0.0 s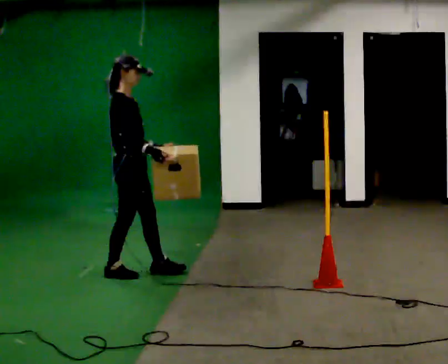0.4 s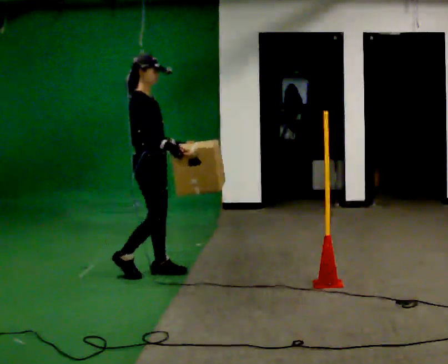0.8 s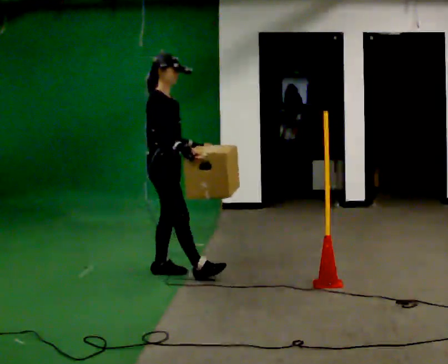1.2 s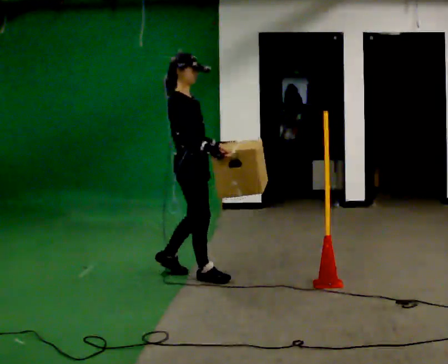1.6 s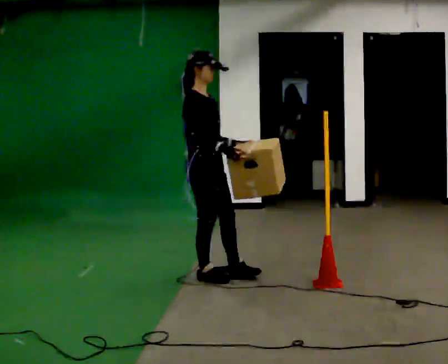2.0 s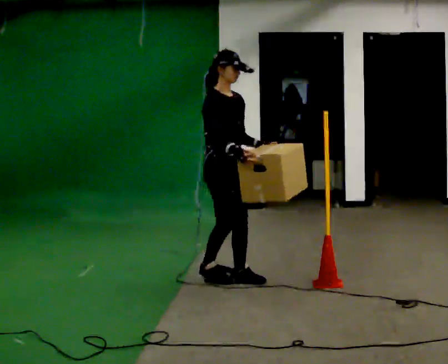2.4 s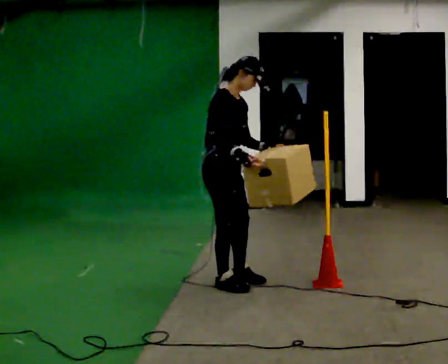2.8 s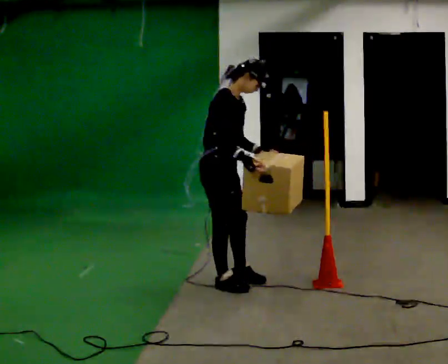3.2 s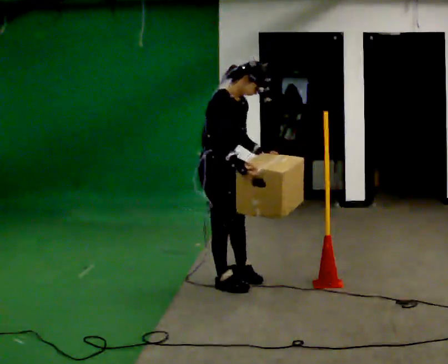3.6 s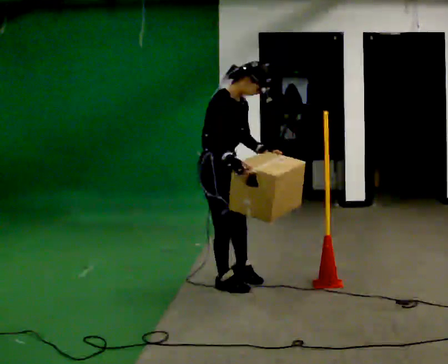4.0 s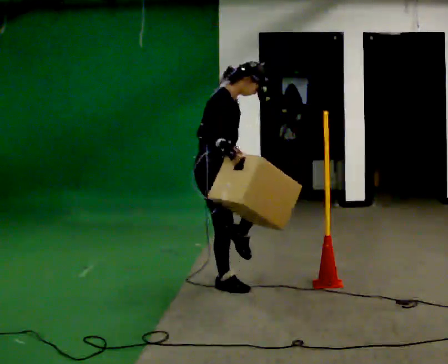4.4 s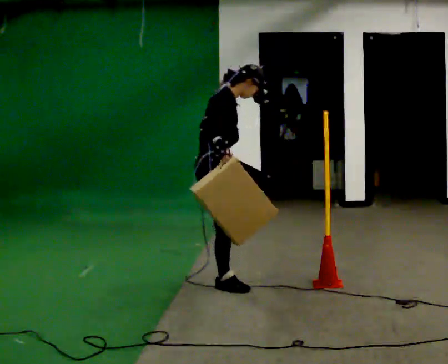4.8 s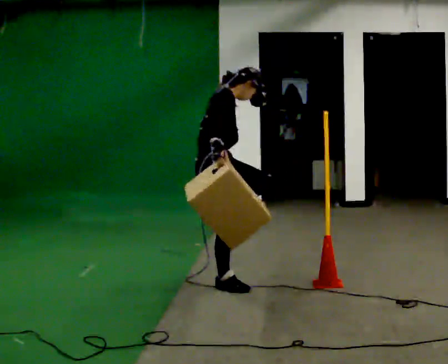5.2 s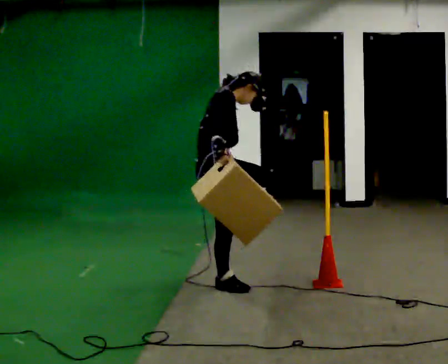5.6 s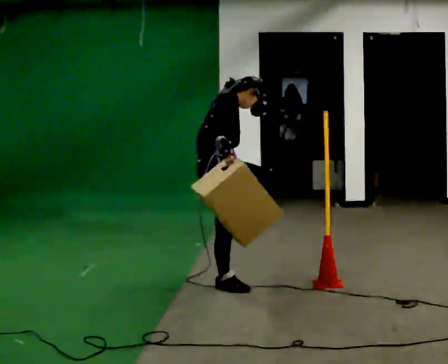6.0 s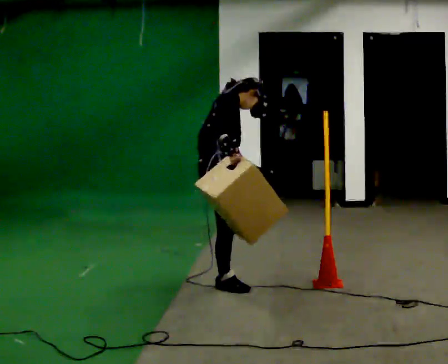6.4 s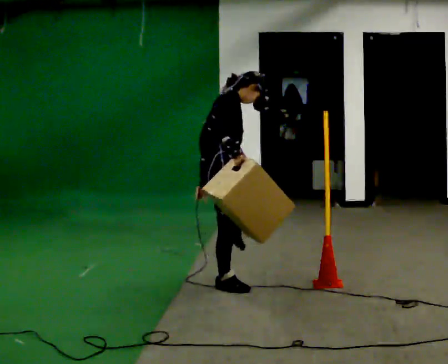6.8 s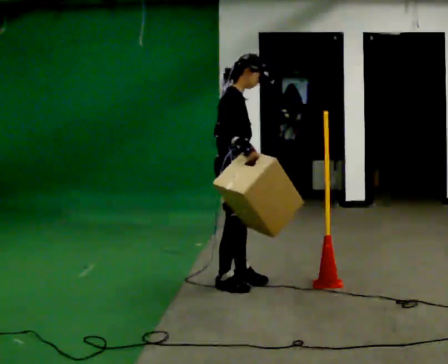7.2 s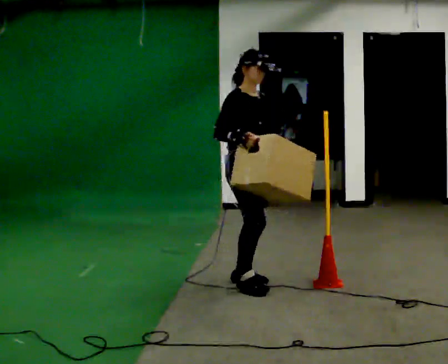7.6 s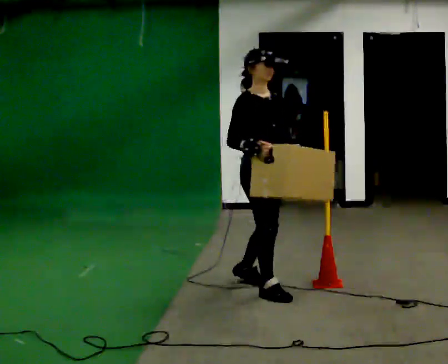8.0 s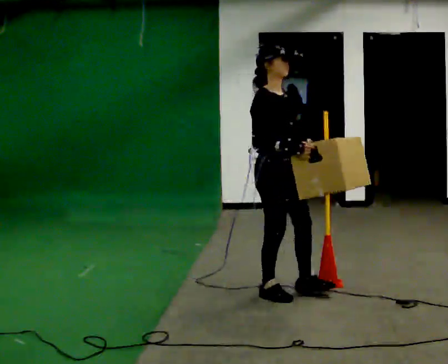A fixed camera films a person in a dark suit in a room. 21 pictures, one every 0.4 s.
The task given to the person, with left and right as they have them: Carry the box across the room. The operator will step into your path partway across, so go around them and carry on. Keep going until the operator says stop; one object at a time, and do not rush between trips.
0.0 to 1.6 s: In the picture they go to the right, about 0.5 m in 1 step, which for them is forward.
1.6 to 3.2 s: In the picture the upper body tilts clockwise, shoulders to the right, as they bend forward.
3.2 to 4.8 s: The upper body tips away from the camera, its near side rolling upward. In the picture their left hand goes to the left.
4.8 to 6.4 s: The person moves a little, or ends about where they began.
6.4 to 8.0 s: The part of the body nearest the lens slides to the left as the person turns to their right by about 30 degrees. In the picture they go to the right and toward the camera, about 0.5 m in 1 step, which for them is forward.
The film runs forward here.
